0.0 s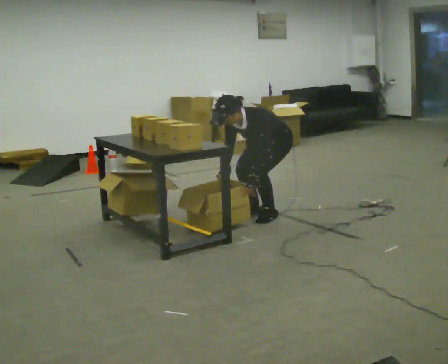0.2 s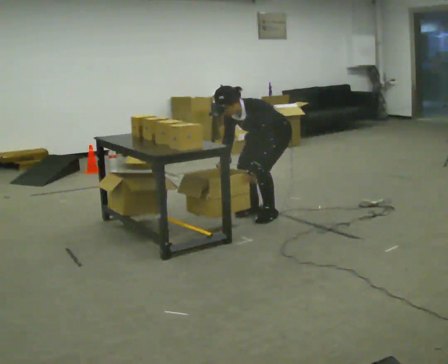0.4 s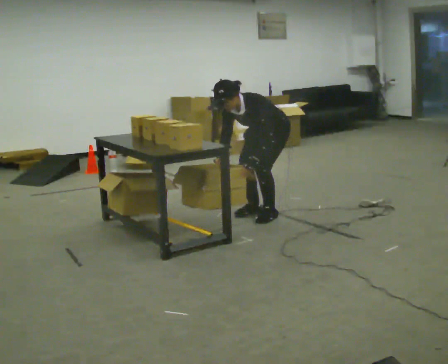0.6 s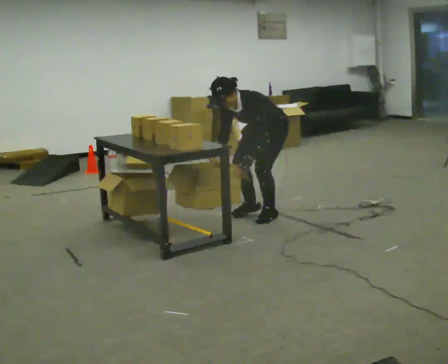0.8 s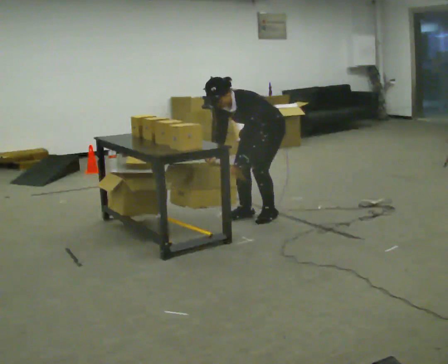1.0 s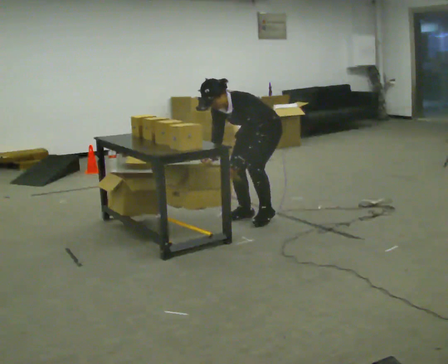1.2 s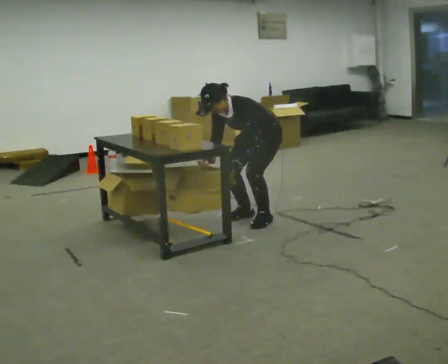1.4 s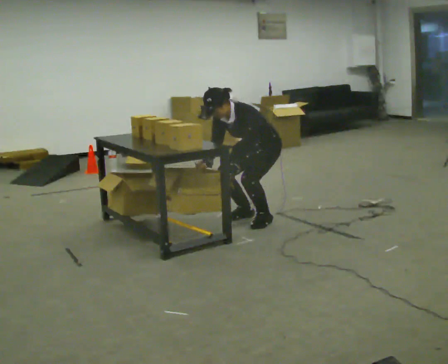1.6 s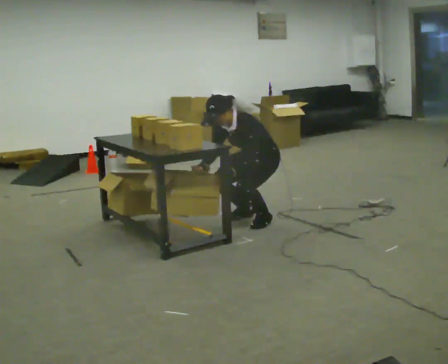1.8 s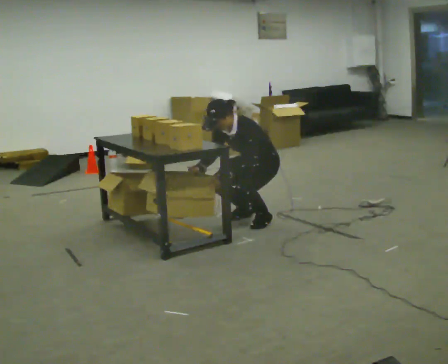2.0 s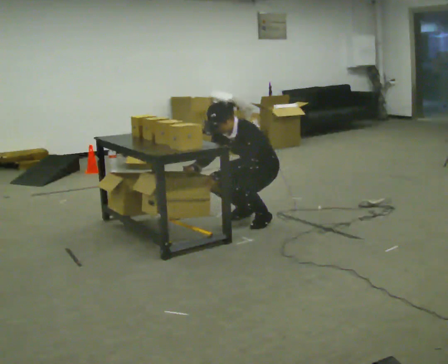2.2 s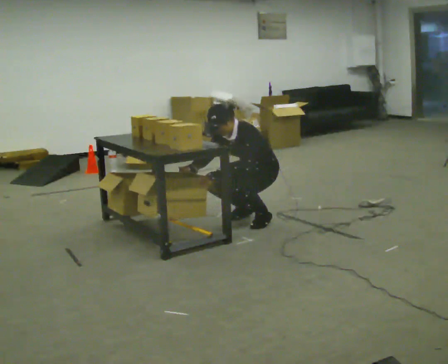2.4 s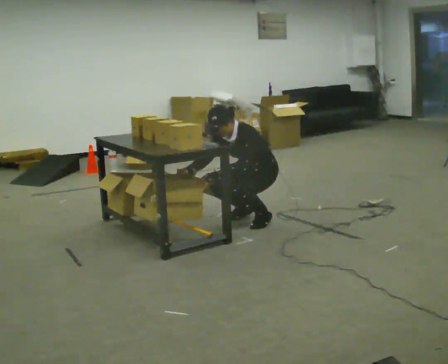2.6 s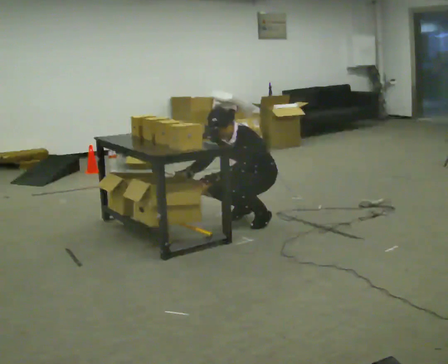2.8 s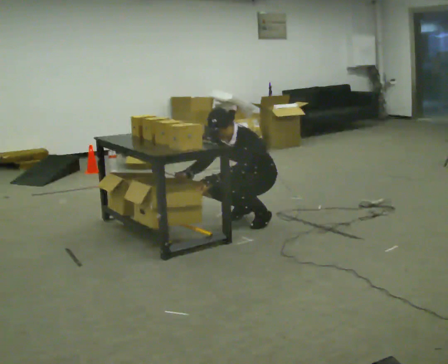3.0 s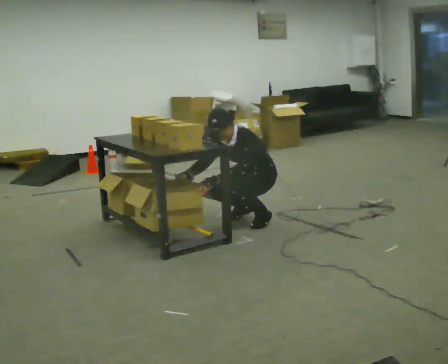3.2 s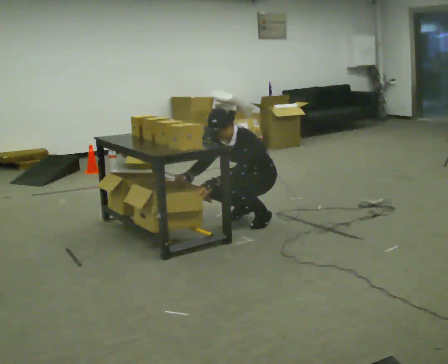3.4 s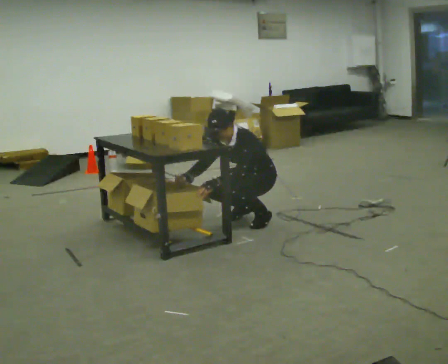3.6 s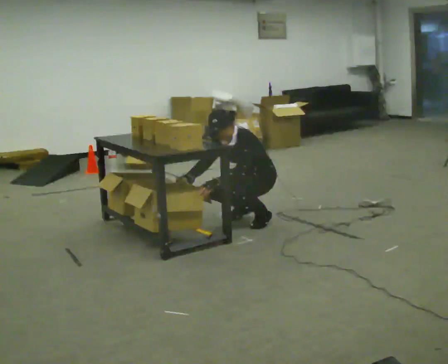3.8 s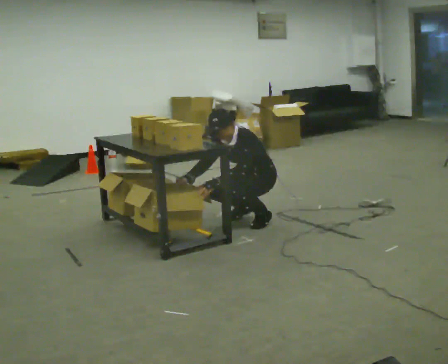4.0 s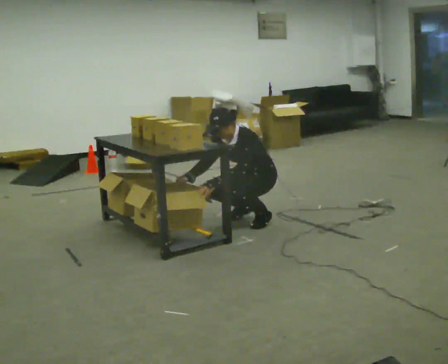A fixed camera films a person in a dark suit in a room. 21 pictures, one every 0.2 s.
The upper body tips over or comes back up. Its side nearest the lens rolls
upward.
0.0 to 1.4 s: In the picture they go toward the camera, about 0.25 m, which for them is forward. The upper body tips away from the camera, its near side rolling upward, as they lean back or straighten.
1.4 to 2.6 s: The shoulders move downward.
2.6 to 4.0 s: The person moves a little, or ends about where they began.
The film runs forward here.
